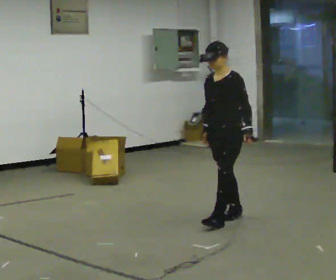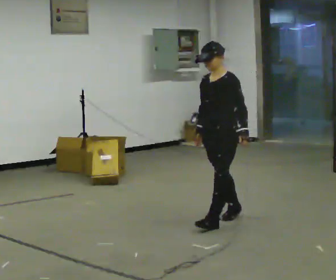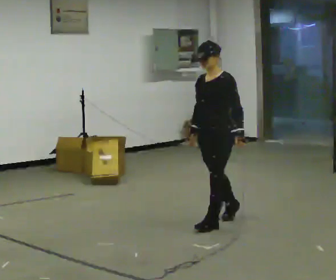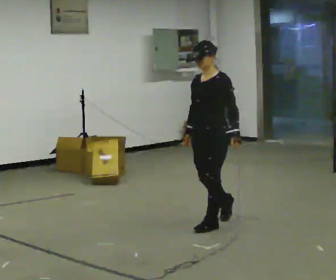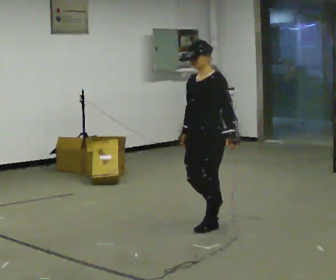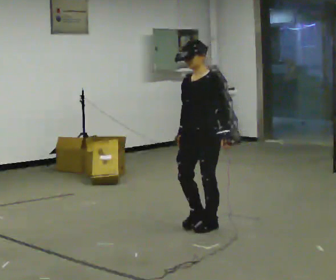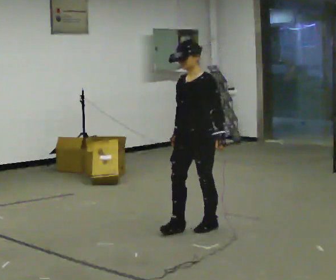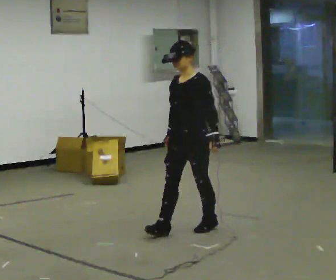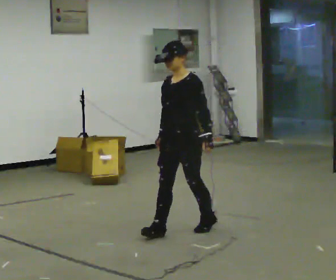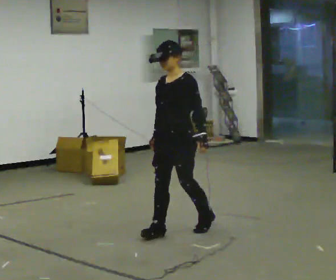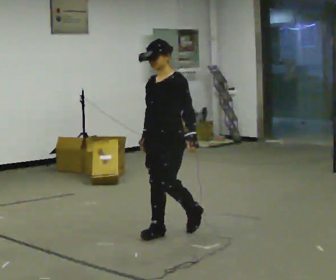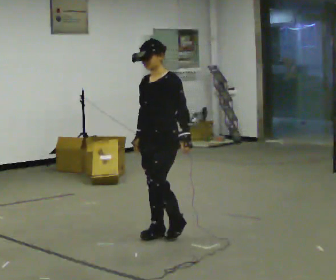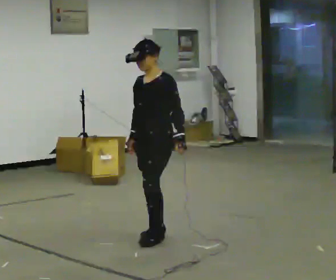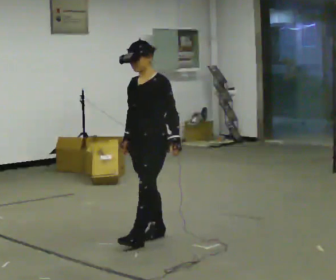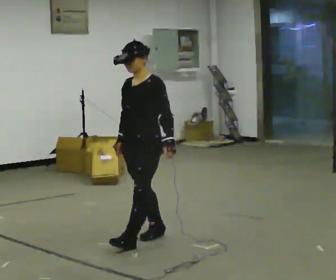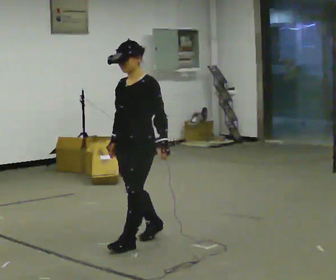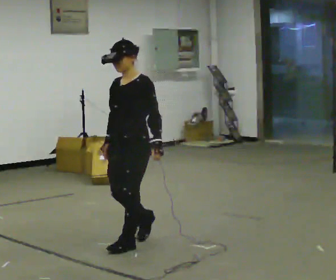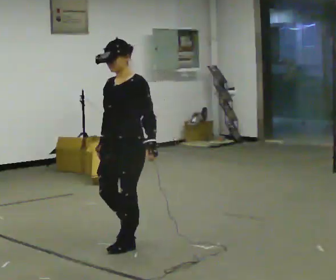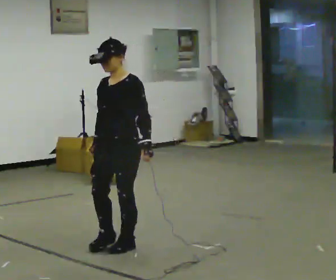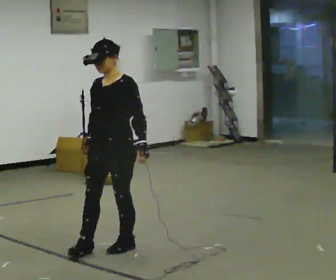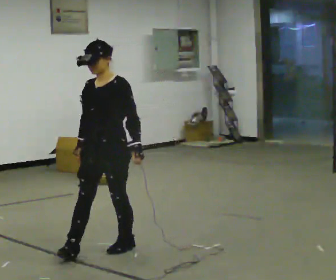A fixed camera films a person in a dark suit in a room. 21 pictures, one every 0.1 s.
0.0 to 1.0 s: In the picture they go to the left and toward the camera, about 0.75 m in 2 steps, which for them is forward.
1.0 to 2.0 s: In the picture they go toward the camera and to the left, about 0.75 m in 1 step, which for them is forward.
The film runs forward here.
